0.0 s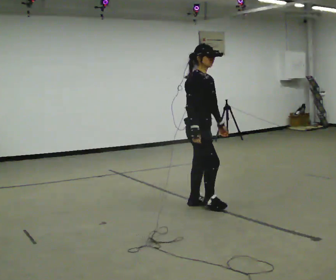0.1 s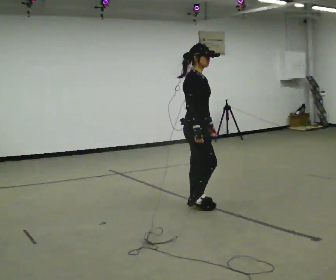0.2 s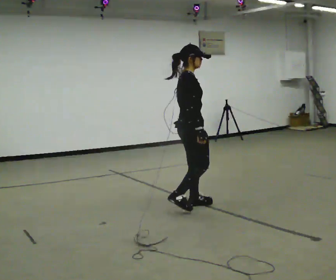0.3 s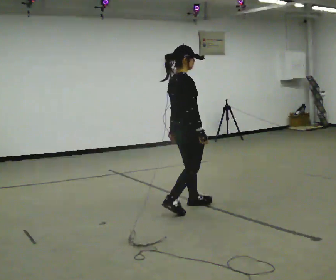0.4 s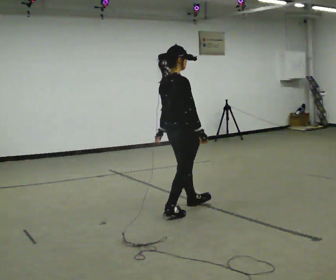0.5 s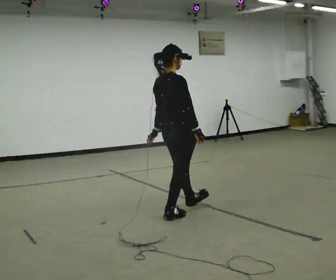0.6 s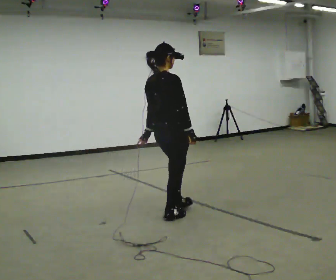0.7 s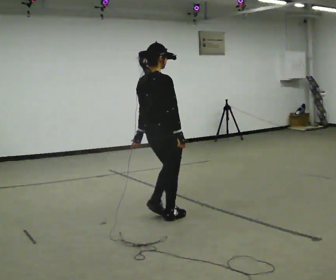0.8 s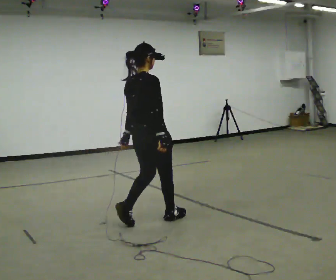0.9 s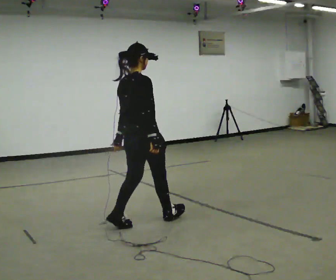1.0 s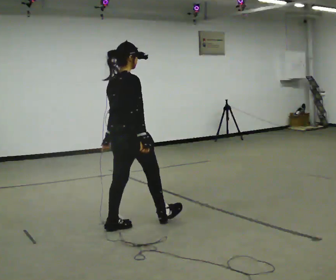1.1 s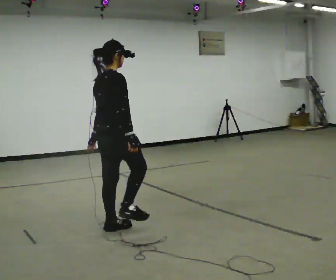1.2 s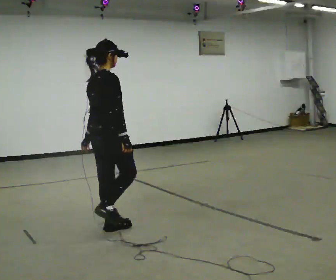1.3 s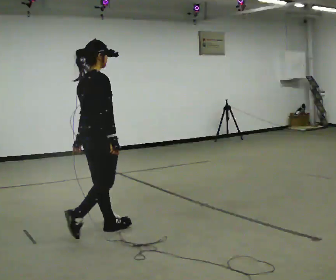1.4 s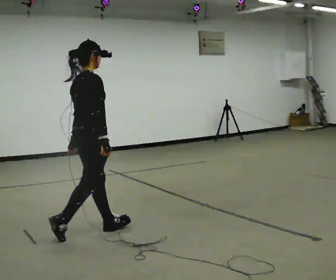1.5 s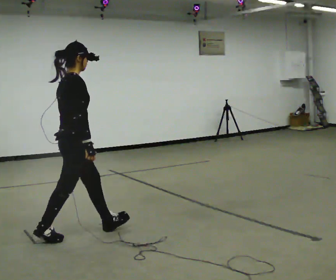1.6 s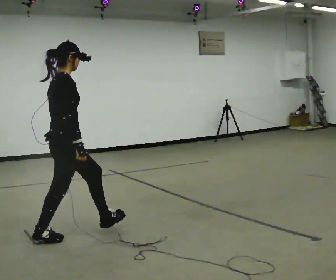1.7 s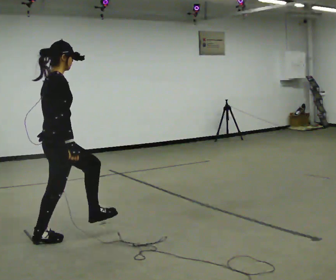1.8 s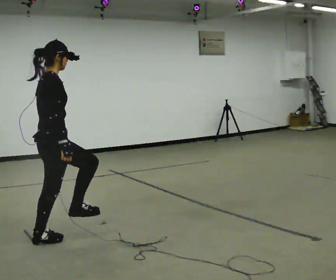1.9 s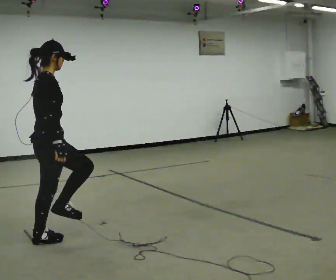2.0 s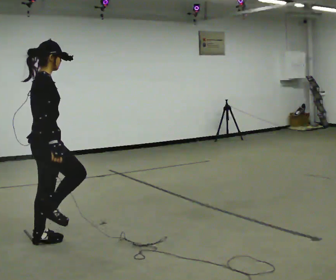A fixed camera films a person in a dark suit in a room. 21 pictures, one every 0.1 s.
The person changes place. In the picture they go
to the left.
0.0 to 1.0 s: Seen from above the body turns counterclockwise, about 75 degrees: to their left, with its near side sliding to the right. In the picture they go to the left and toward the camera, about 1 m in 2 steps.
1.0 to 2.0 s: The part of the body nearest the lens slides to the left as the person turns to their right by about 30 degrees. In the picture they go to the left and toward the camera, about 1 m in 1 step, which for them is backward.
The film runs backward here.
